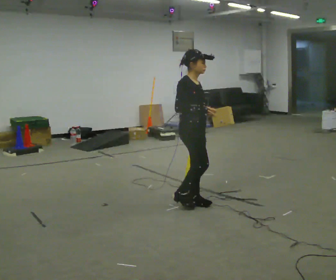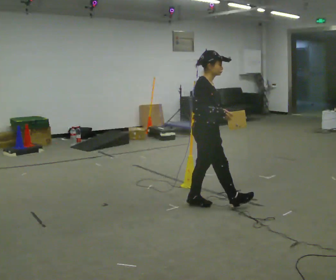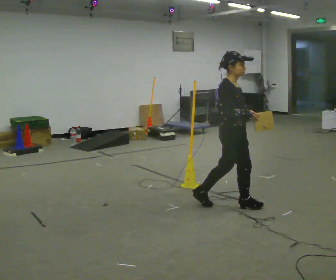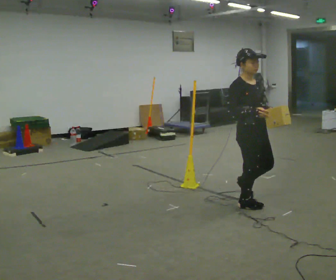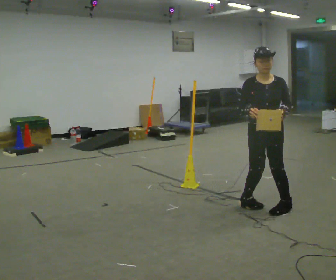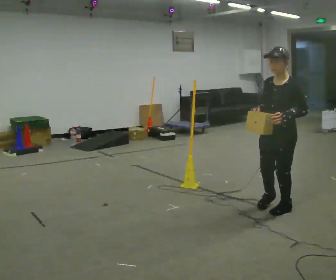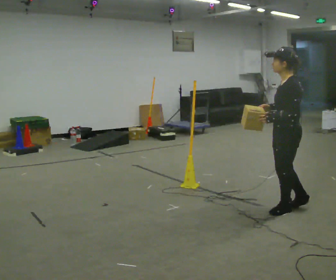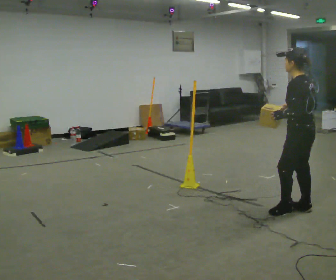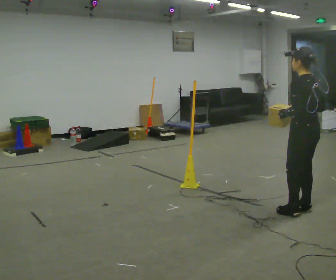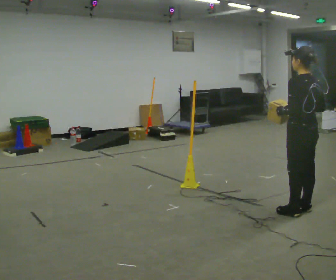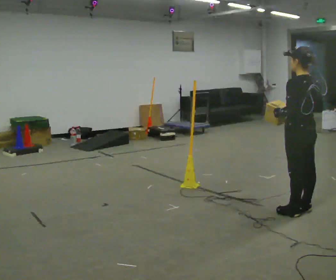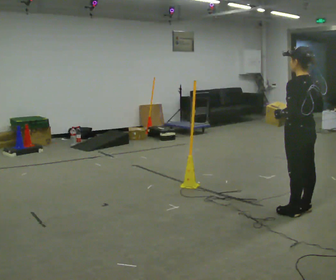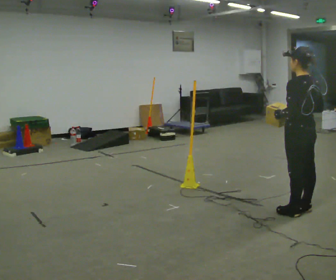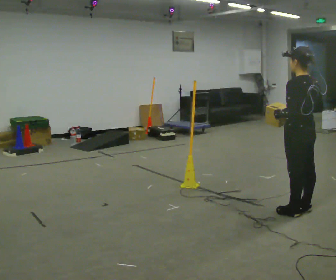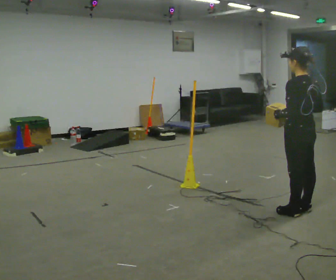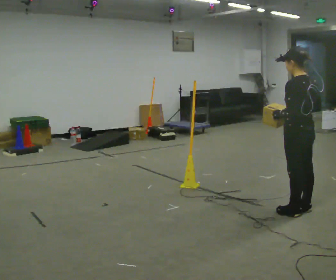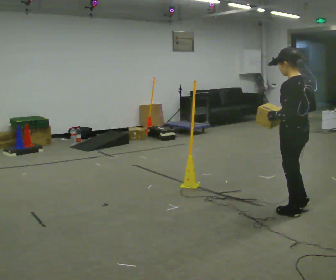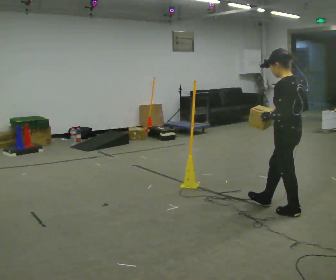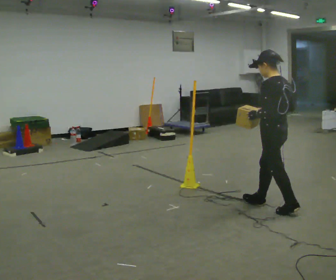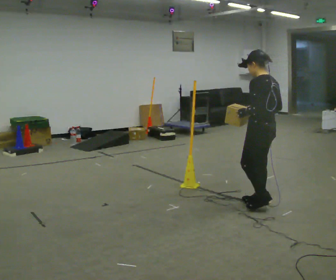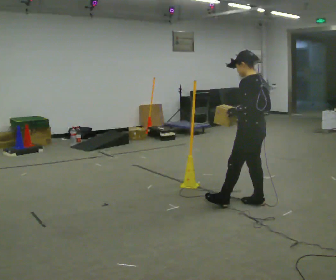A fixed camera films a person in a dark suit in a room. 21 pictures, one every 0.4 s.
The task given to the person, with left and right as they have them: Carry the box across the room. The operator will step into your path partway across, so go around them and carry on. Keep going until the operator says stop; one object at a time, and do not rush between trips.
0.0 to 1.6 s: The person turns about 75 degrees to their right, clockwise seen from above, so the part of the body nearest the lens slides to the left. In the picture they go to the right, about 0.75 m in 2 steps.
1.6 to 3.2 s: The person turns about 135 degrees to their right, clockwise seen from above, so the part of the body nearest the lens slides to the left. In the picture they go to the right, about 0.25 m in 2 steps.
3.2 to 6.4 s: The person moves a little, or ends about where they began.
6.4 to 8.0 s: In the picture they go to the left and away from the camera, about 0.5 m in 2 steps, which for them is forward.
The film runs forward here.
